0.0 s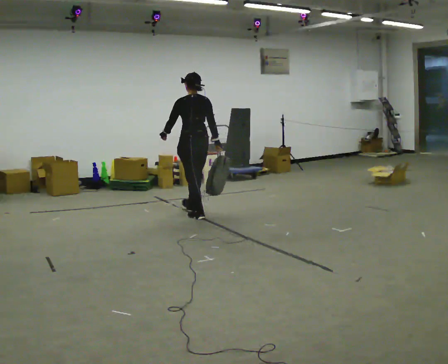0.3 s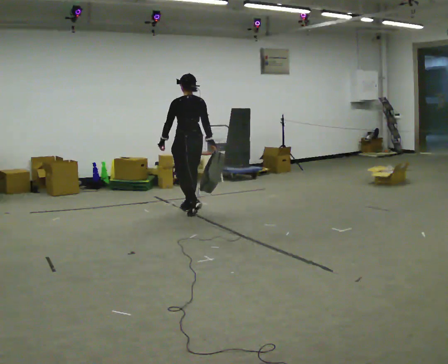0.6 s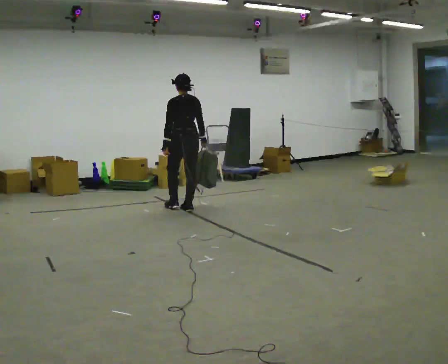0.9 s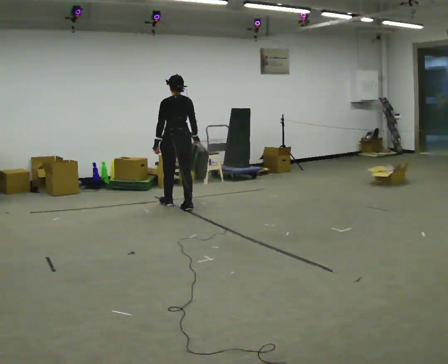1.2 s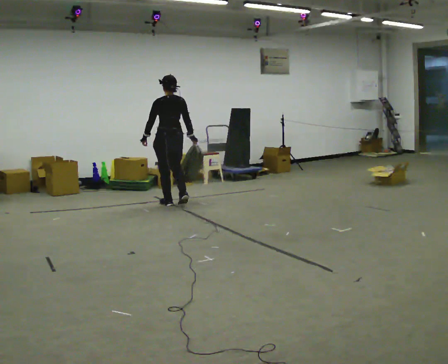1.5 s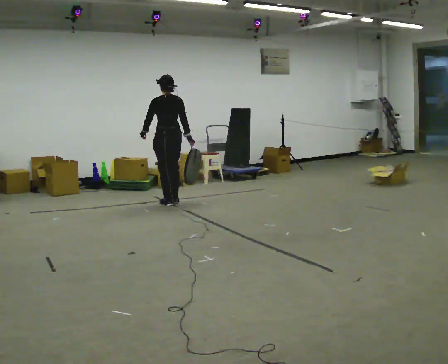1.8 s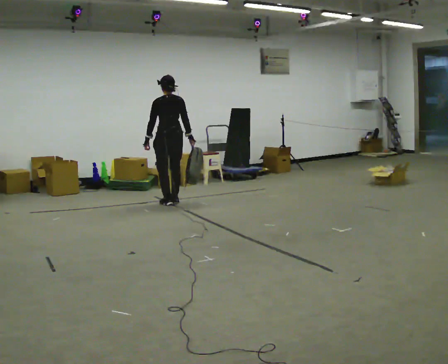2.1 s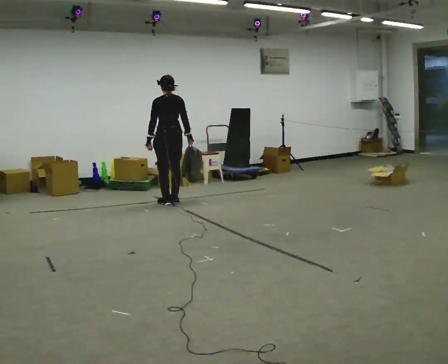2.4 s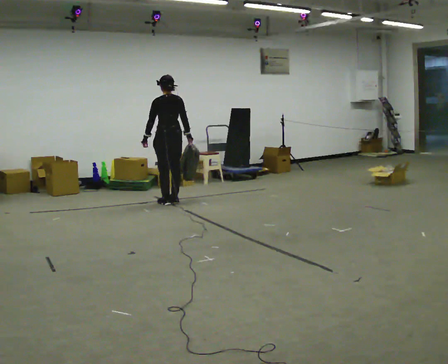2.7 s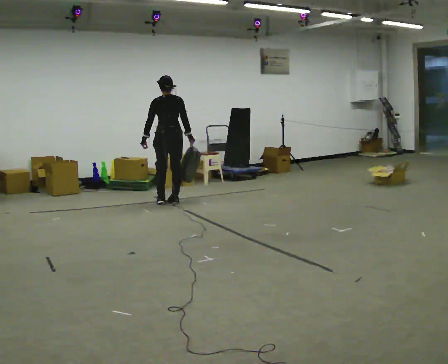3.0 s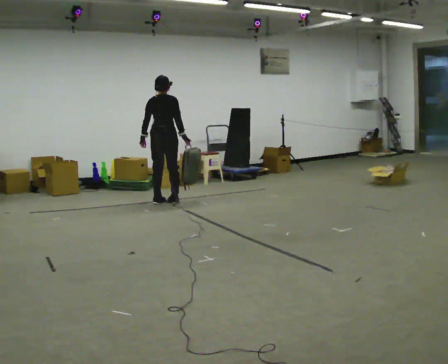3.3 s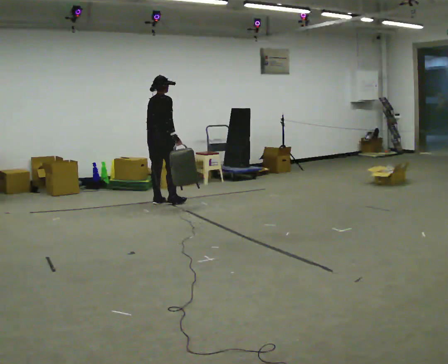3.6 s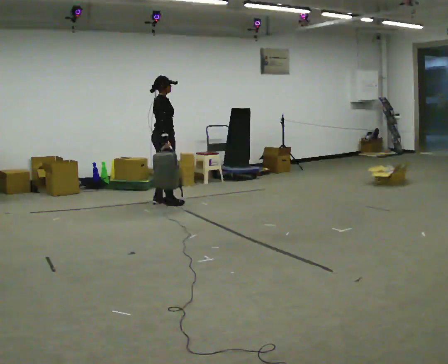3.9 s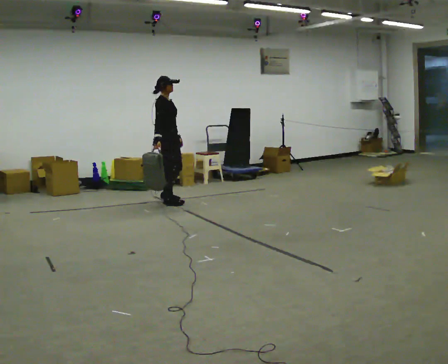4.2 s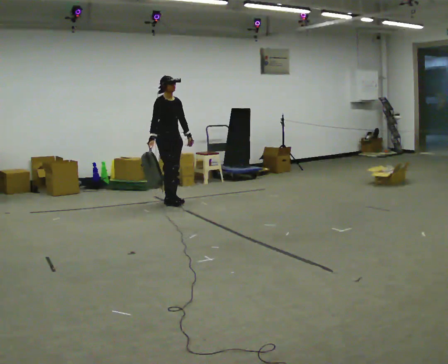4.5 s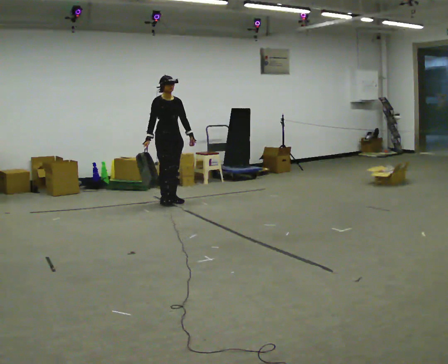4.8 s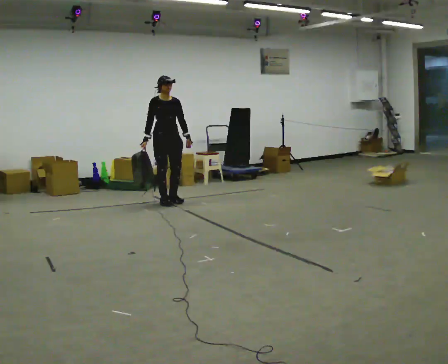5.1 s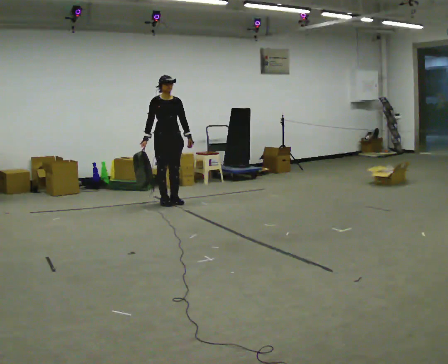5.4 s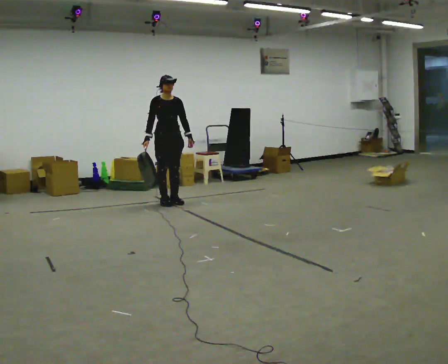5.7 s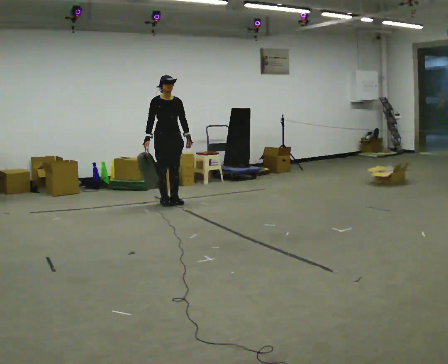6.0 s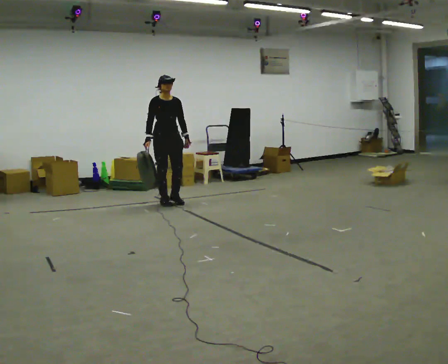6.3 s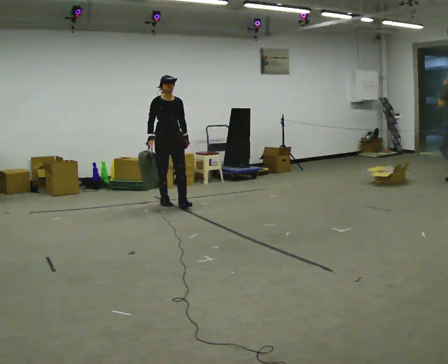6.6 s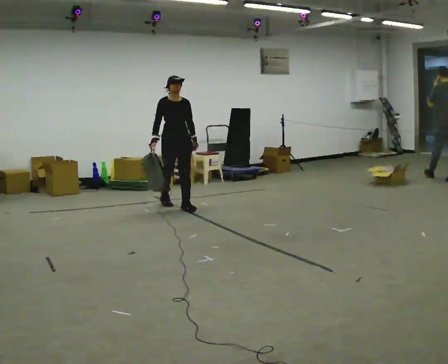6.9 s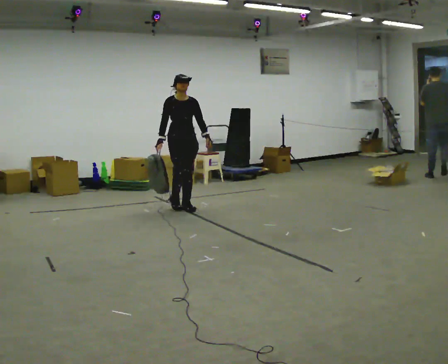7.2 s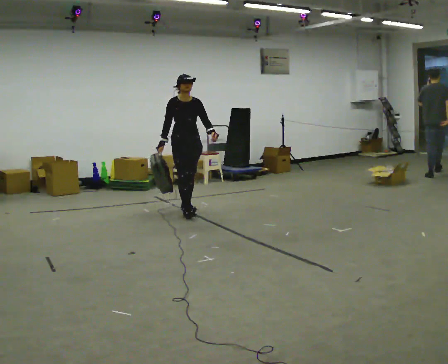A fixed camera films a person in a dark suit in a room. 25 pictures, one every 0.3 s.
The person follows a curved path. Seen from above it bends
counterclockwise.
The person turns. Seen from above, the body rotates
clockwise.
0.0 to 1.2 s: In the picture they go away from the camera and to the left, about 0.75 m in 2 steps, which for them is forward.
1.2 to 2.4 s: In the picture they go away from the camera, about 0.25 m in 1 step, which for them is forward.
2.4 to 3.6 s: Seen from above the body turns clockwise, about 90 degrees: to their right, with its near side sliding to the left.
3.6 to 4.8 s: Seen from above the body turns clockwise, about 90 degrees: to their right, with its near side sliding to the left. In the picture their left hand goes to the right.
4.8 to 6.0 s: The person moves a little, or ends about where they began.
6.0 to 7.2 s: In the picture they go toward the camera and to the right, about 0.5 m in 1 step, which for them is forward.
The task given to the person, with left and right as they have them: Carry the soft bag across the room, back and forth. It will change shape as you move, so hold it however works.
The film runs forward here.
